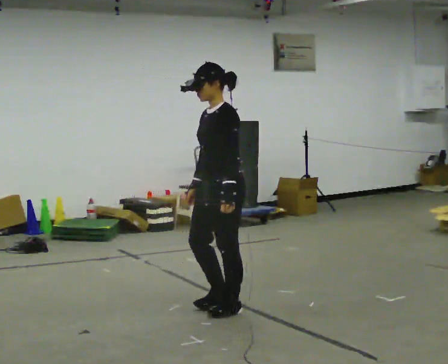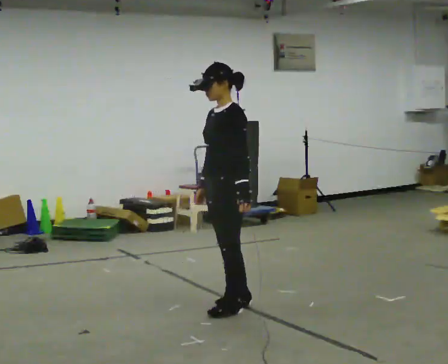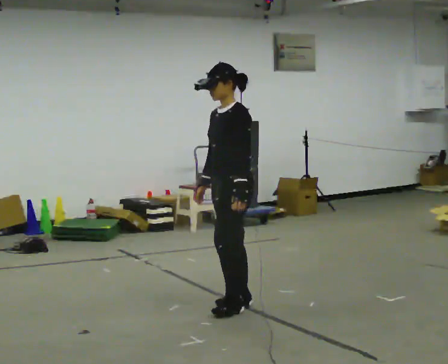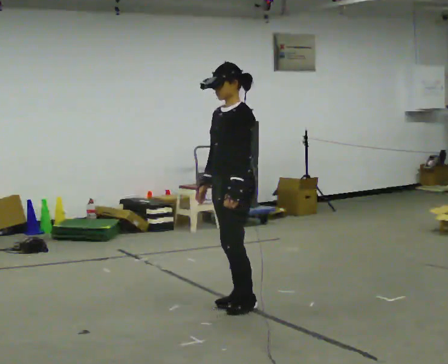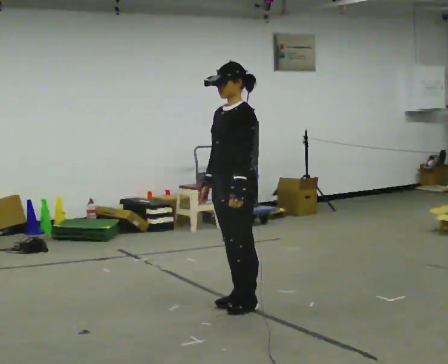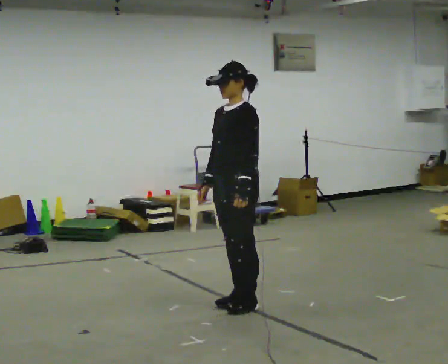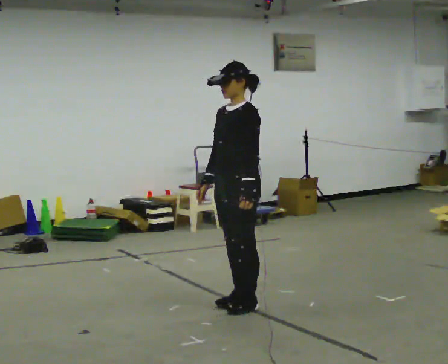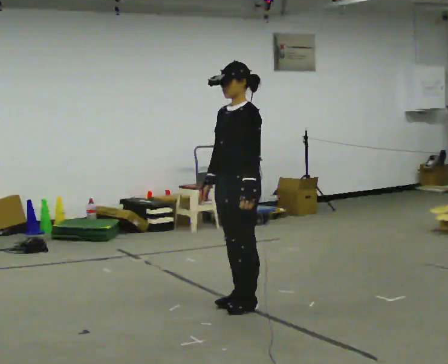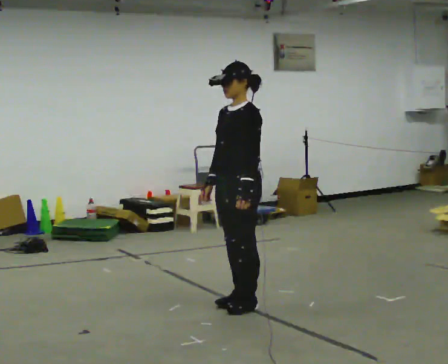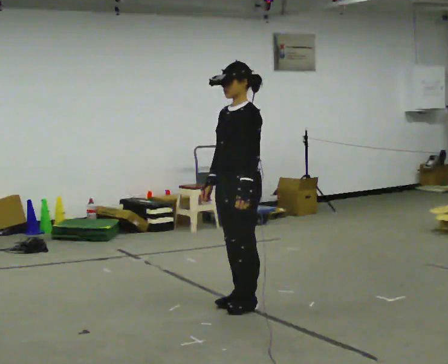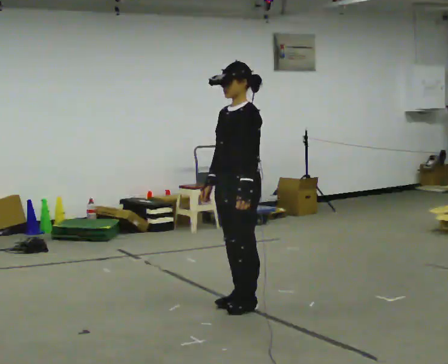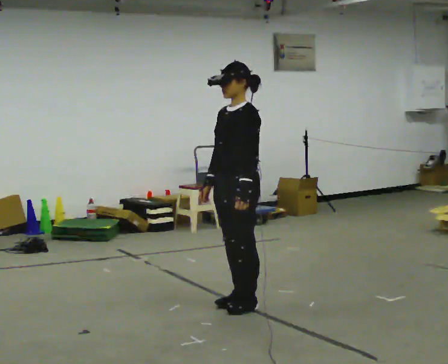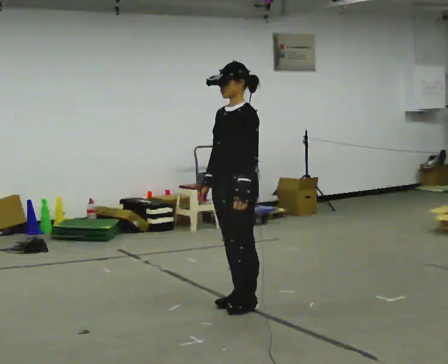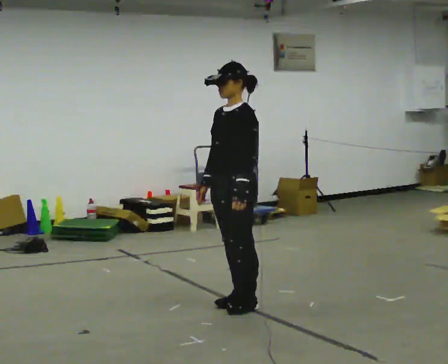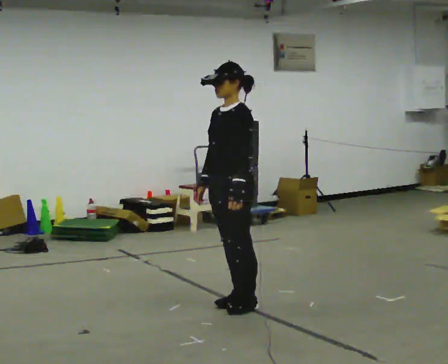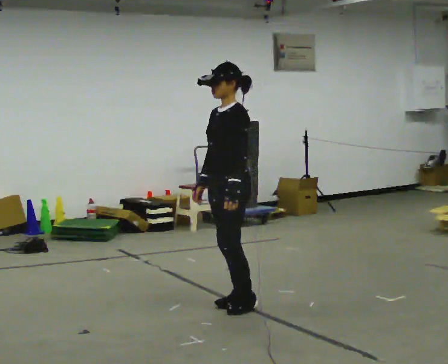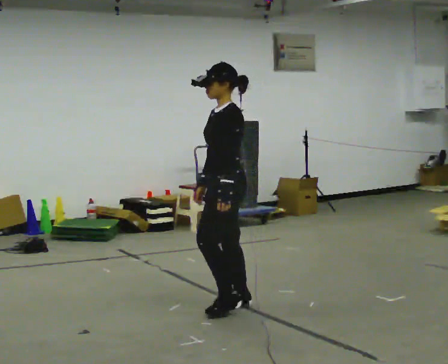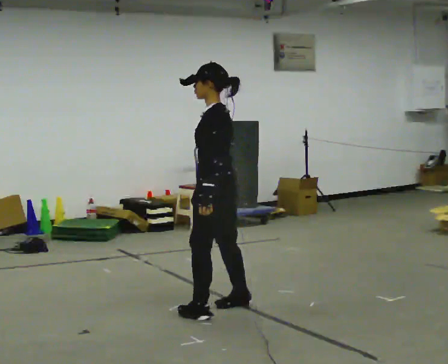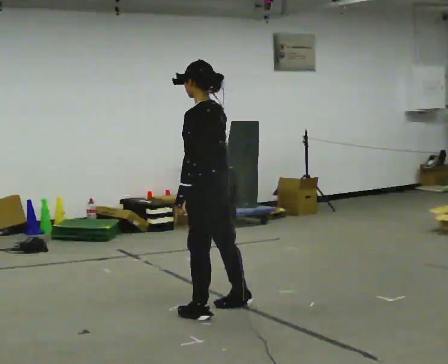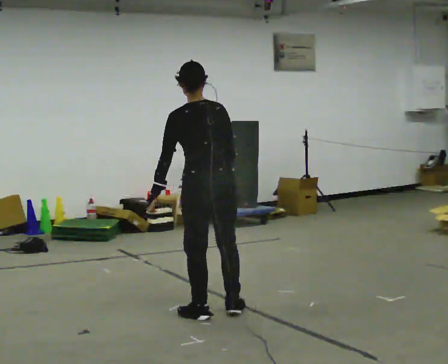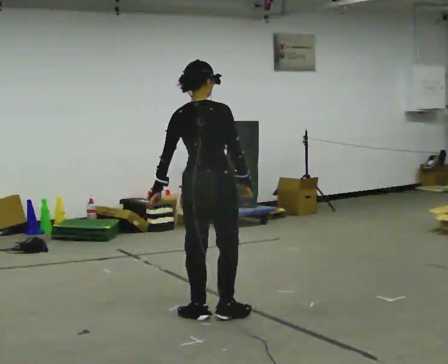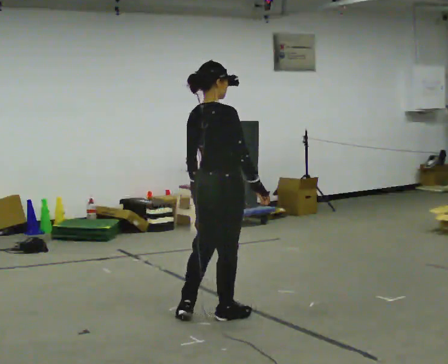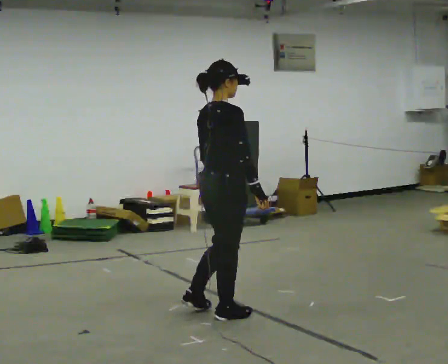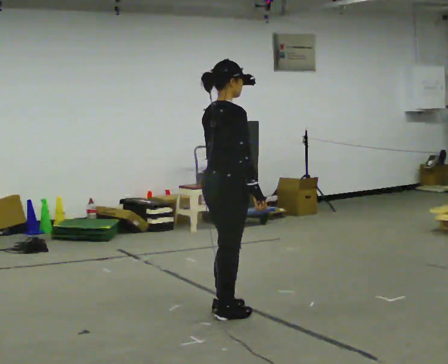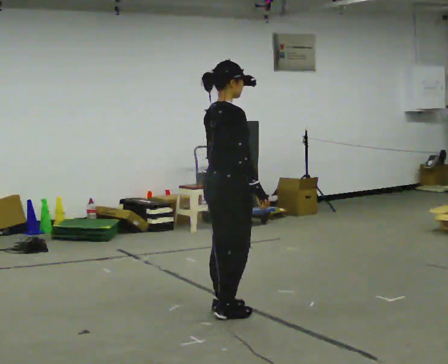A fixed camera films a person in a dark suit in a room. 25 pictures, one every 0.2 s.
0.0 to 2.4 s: The person moves a little, or ends about where they began.
2.4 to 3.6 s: The part of the body nearest the lens slides to the left as the person turns to their right by about 75 degrees.
3.6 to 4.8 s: Seen from above the body turns clockwise, about 120 degrees: to their right, with its near side sliding to the left.
The film runs forward here.
